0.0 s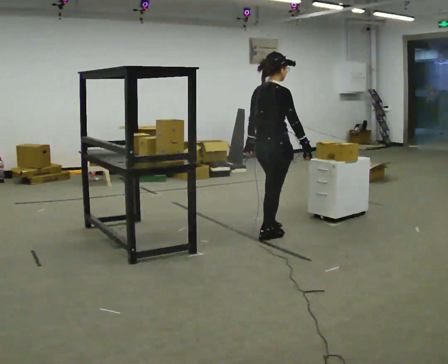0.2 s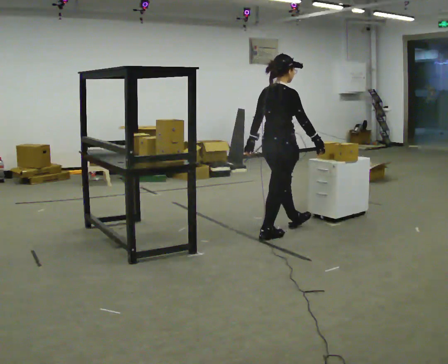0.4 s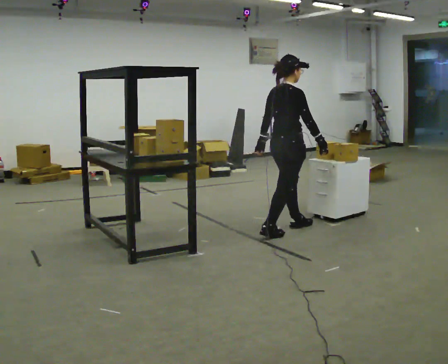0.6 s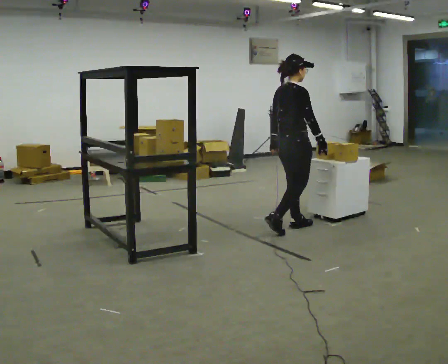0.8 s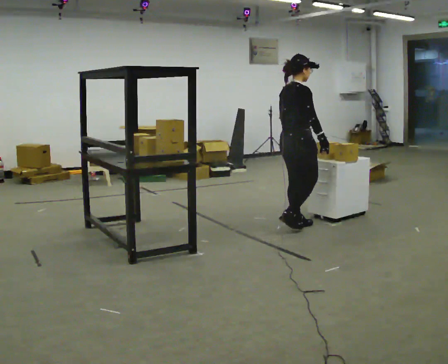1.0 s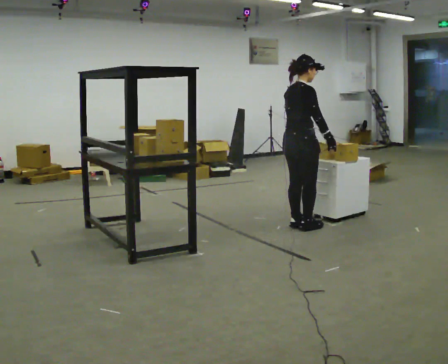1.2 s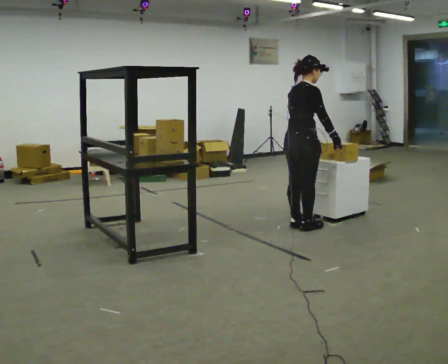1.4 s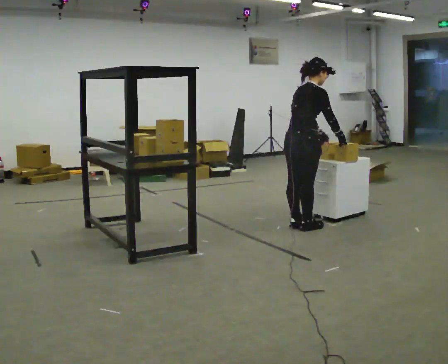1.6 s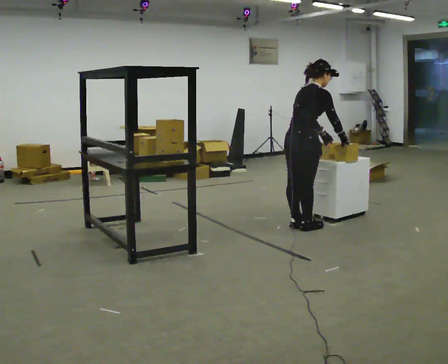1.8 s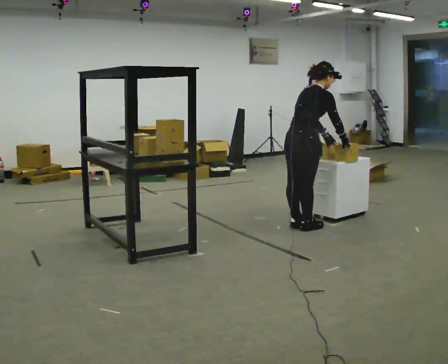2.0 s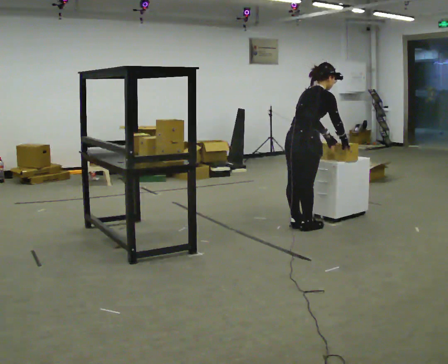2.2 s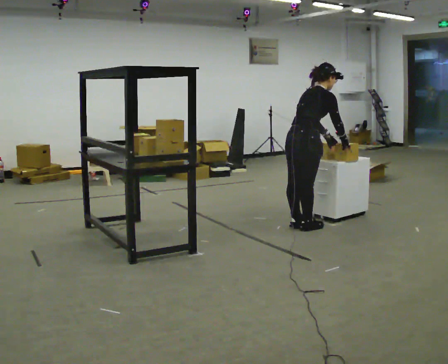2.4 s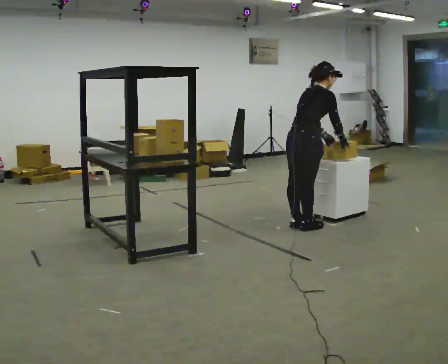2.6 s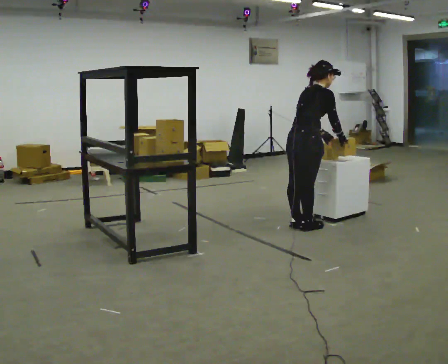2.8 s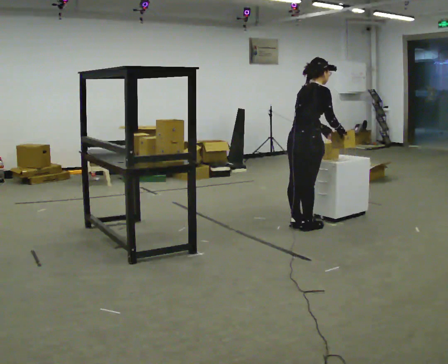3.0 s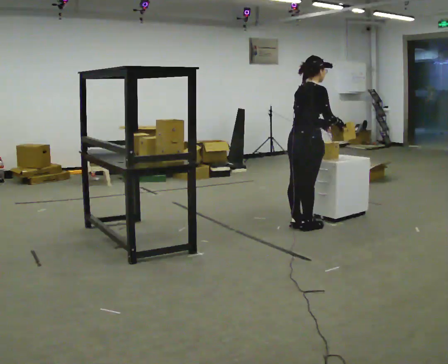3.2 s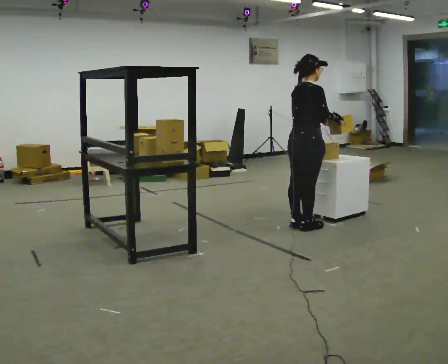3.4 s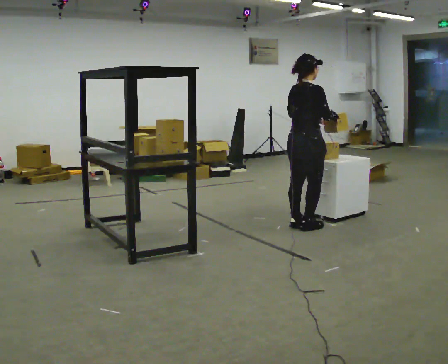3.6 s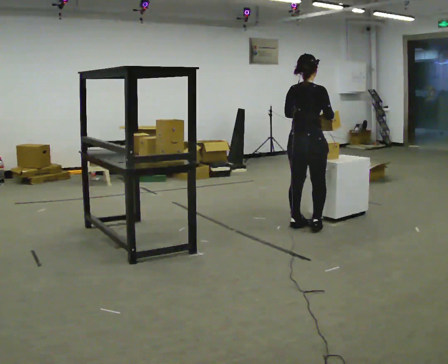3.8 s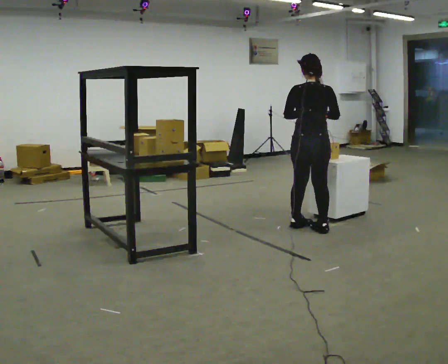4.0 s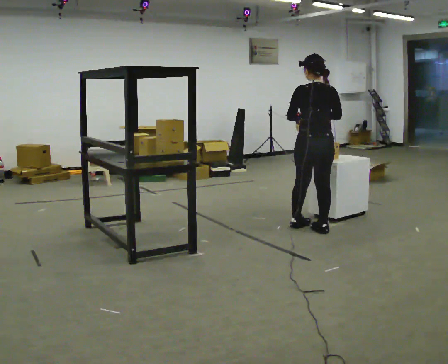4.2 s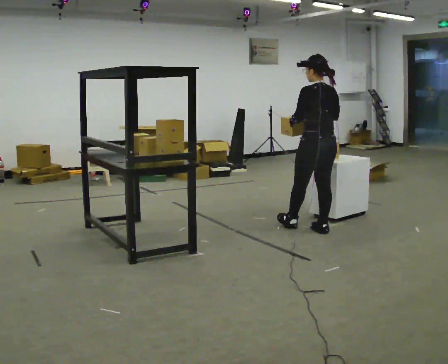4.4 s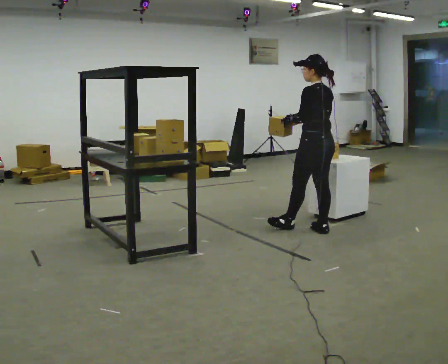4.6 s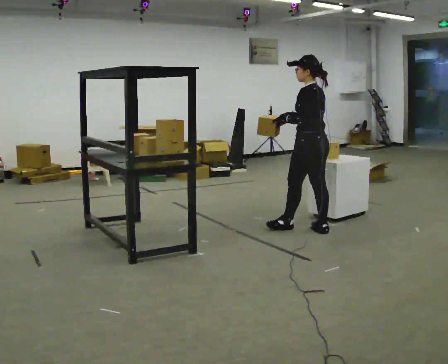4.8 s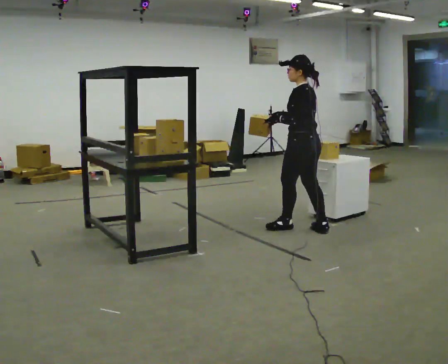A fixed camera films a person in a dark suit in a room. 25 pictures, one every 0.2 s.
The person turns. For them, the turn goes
to their left.
The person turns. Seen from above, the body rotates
counterclockwise.
0.0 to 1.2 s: In the picture they go away from the camera and to the right, about 0.25 m in 2 steps, which for them is forward.
1.2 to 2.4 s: In the picture the upper body tilts clockwise, shoulders to the right, as they bend forward.
2.4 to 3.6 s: The upper body tips toward the camera, its near side rolling downward, as they lean back or straighten.
3.6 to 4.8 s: Seen from above the body turns counterclockwise, about 90 degrees: to their left, with its near side sliding to the right. In the picture their right hand goes to the left.
The film runs forward here.
